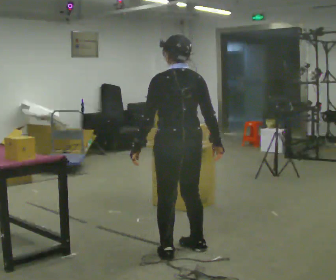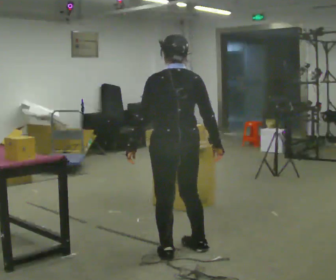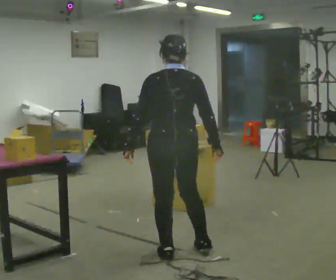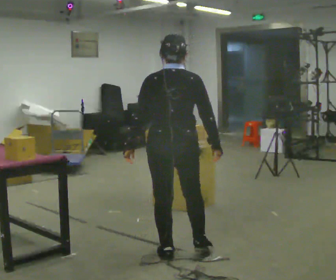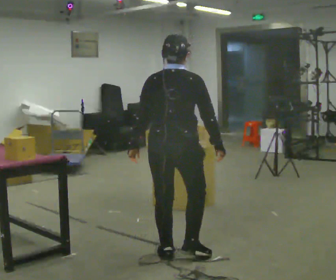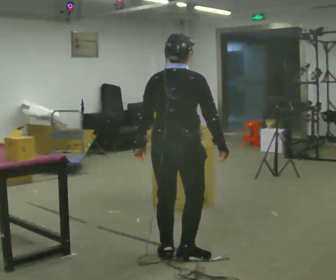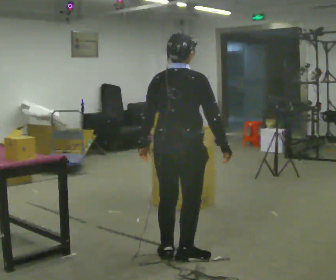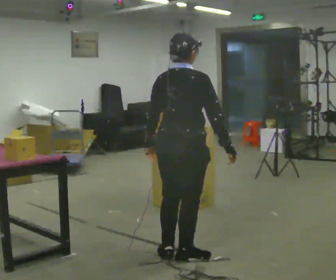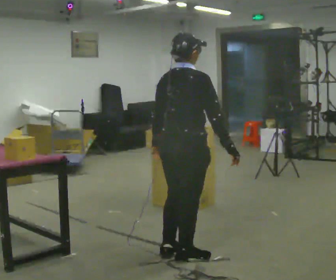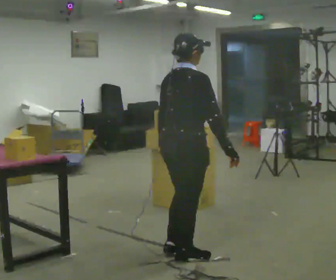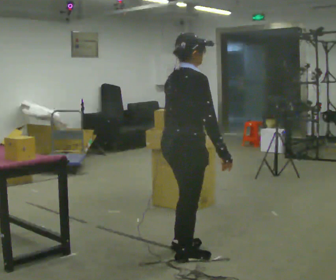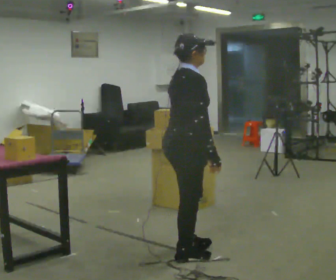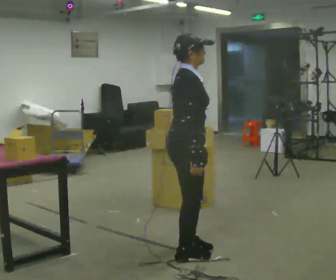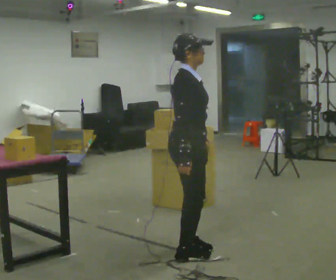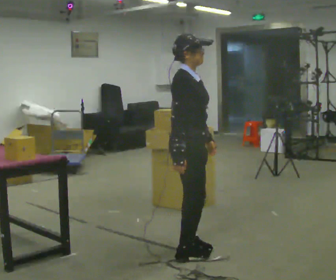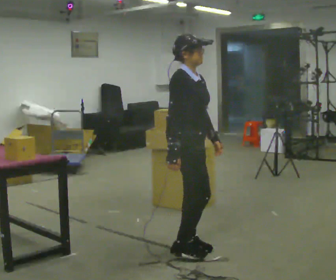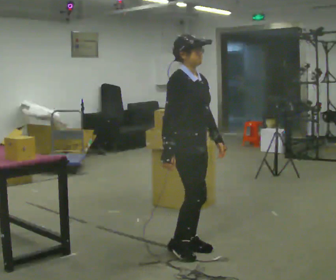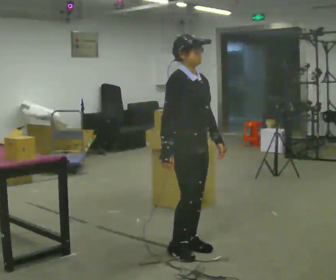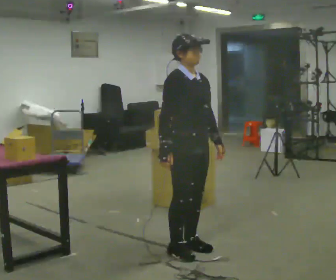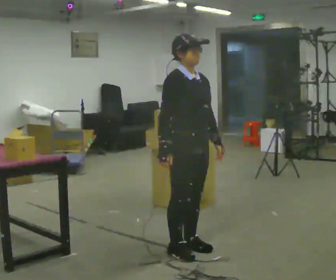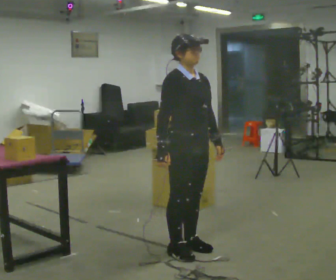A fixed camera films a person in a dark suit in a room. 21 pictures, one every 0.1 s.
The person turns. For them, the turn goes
to their right.
Their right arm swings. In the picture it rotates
clockwise.
0.0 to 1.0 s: Seen from above the body turns clockwise, about 90 degrees: to their right, with its near side sliding to the left.
1.0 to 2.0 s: The part of the body nearest the lens slides to the left as the person turns to their right by about 60 degrees. In the picture their right hand goes to the left, the arm swinging clockwise.
The film runs backward here.
